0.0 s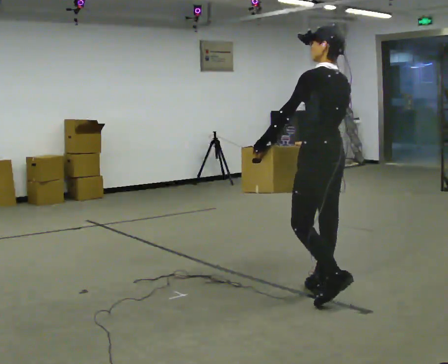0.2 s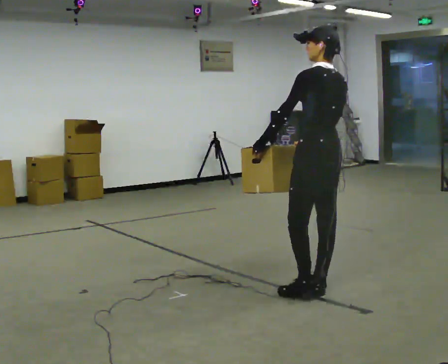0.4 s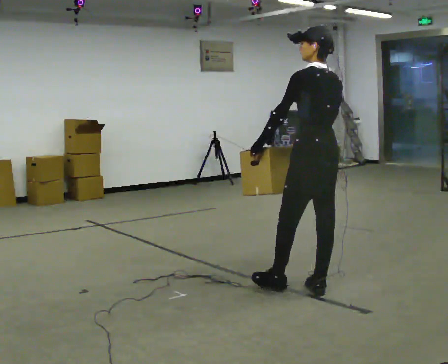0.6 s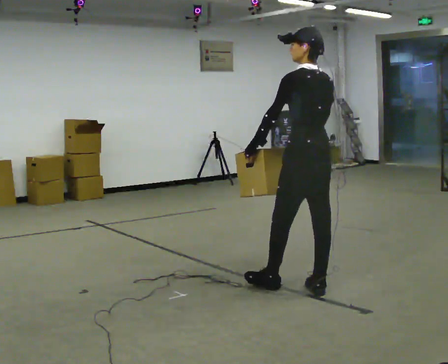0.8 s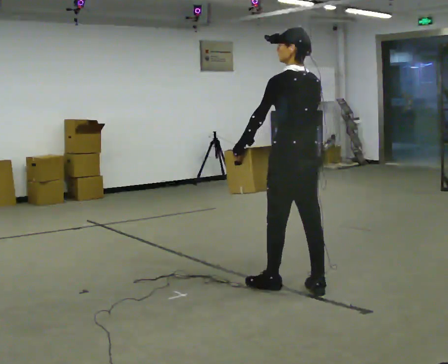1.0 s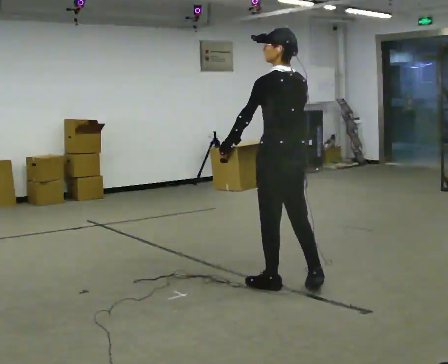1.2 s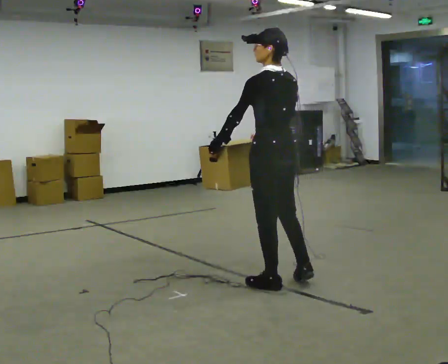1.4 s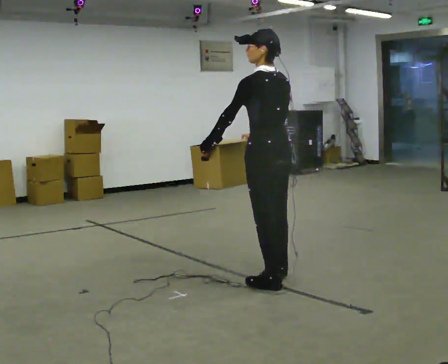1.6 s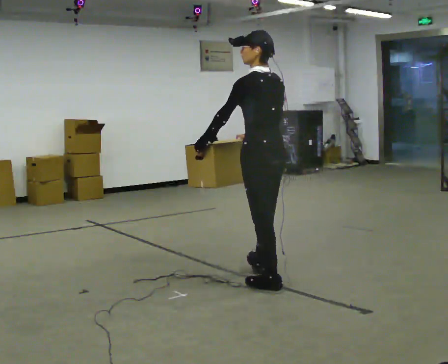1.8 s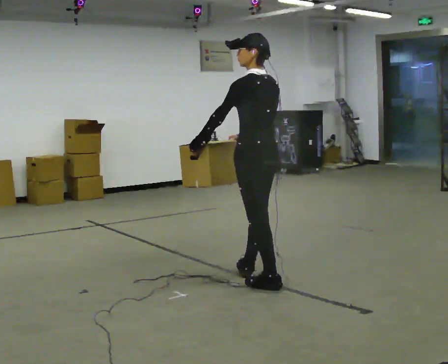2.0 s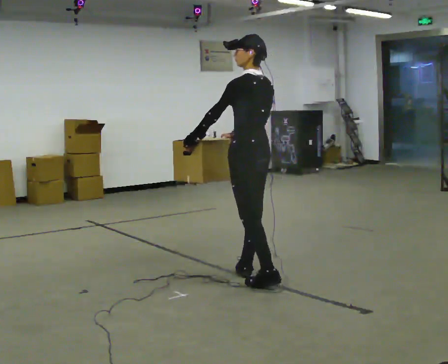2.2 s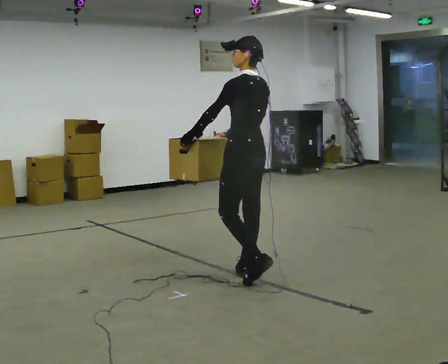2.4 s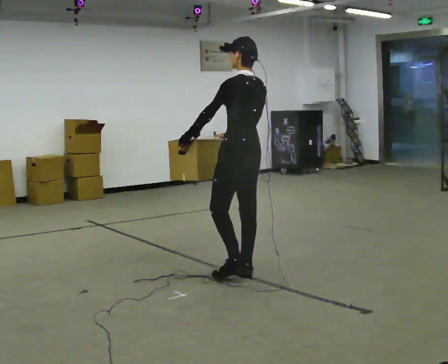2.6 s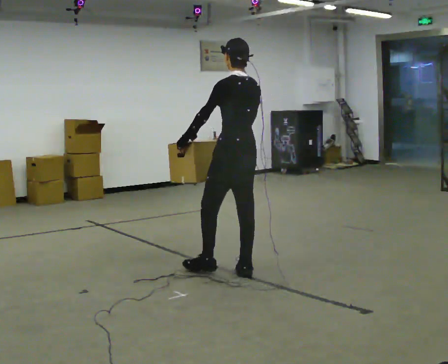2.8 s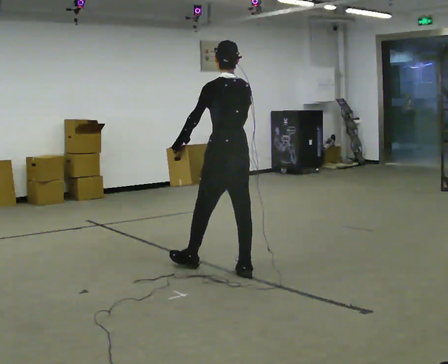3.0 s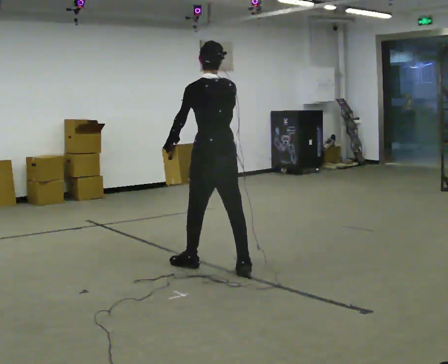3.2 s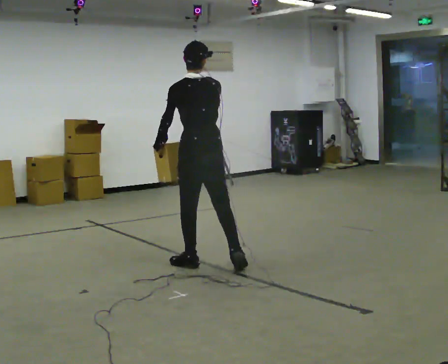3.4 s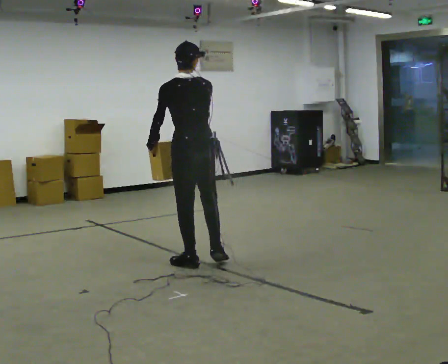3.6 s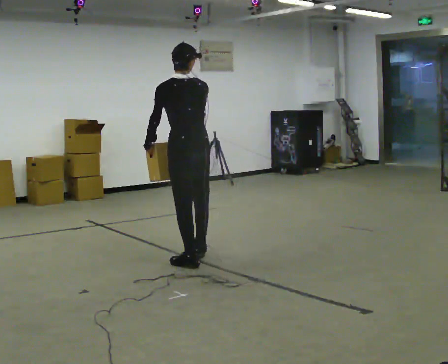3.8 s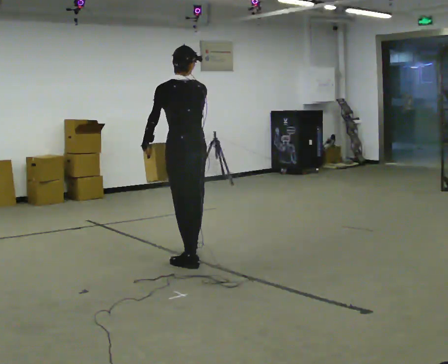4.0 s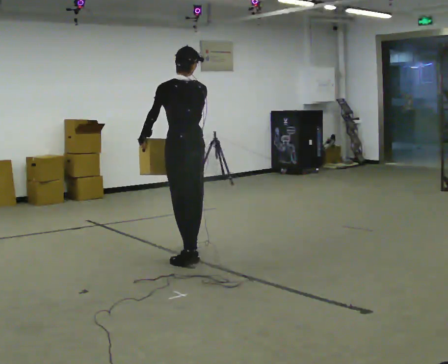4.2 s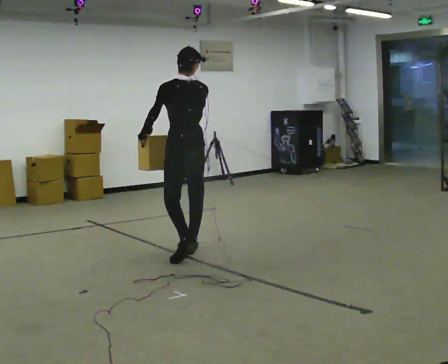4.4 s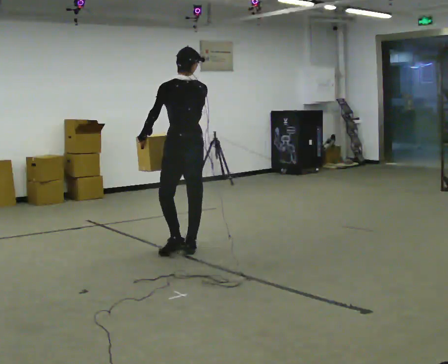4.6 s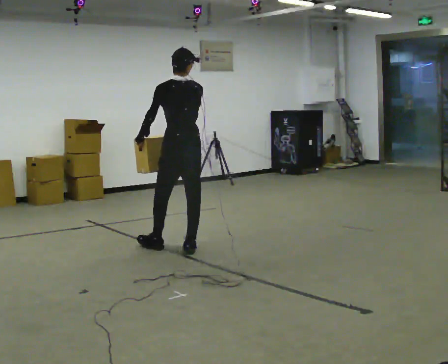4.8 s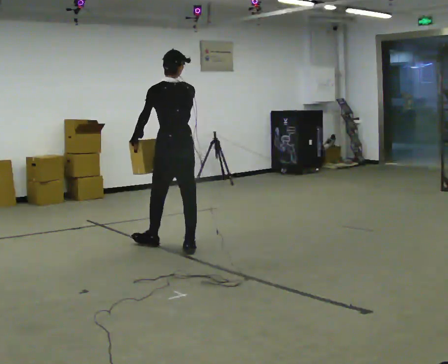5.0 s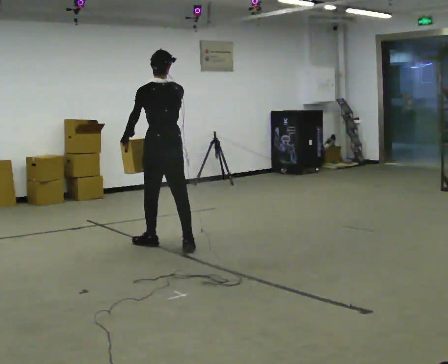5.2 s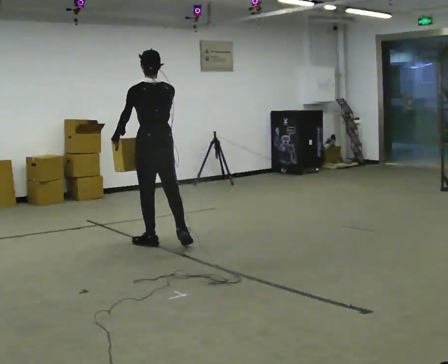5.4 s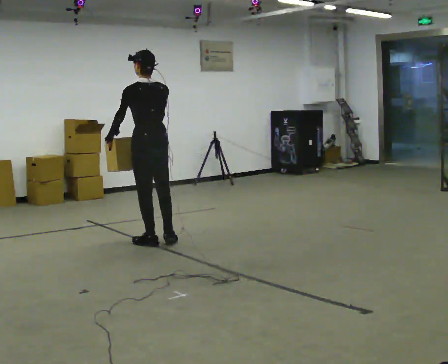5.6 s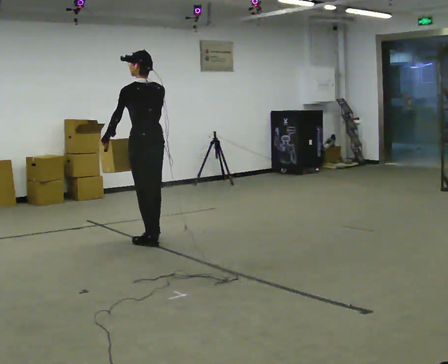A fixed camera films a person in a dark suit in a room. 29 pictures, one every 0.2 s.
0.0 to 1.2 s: In the picture they go to the left and away from the camera, about 0.25 m in 1 step, which for them is forward and to their left.
1.2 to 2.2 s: In the picture they go away from the camera and to the left, about 0.5 m in 1 step, which for them is forward.
2.2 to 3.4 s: The person turns about 30 degrees to their right, clockwise seen from above, so the part of the body nearest the lens slides to the left. In the picture they go to the left and away from the camera, about 0.5 m in 1 step, which for them is forward.
3.4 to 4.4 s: In the picture they go away from the camera, about 0.5 m in 1 step, which for them is forward.
4.4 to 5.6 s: In the picture they go to the left and away from the camera, about 0.5 m in 1 step, which for them is forward and to their left.
The film runs forward here.
